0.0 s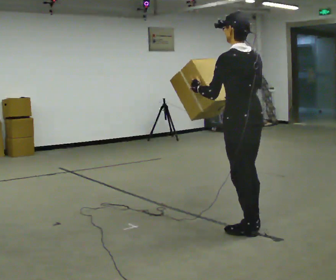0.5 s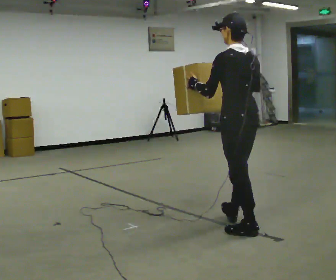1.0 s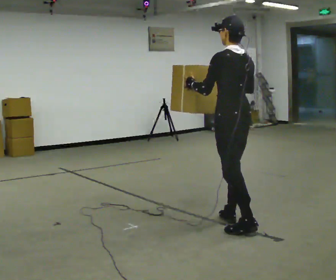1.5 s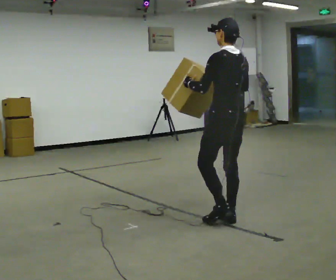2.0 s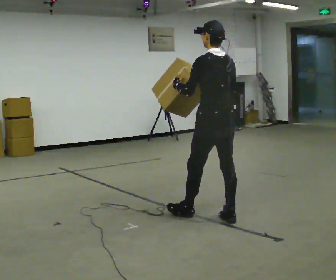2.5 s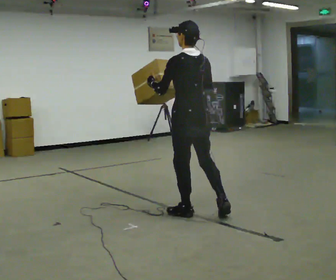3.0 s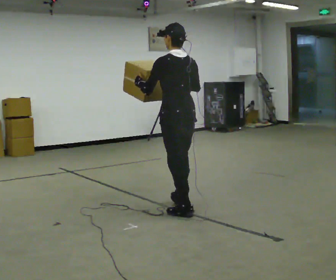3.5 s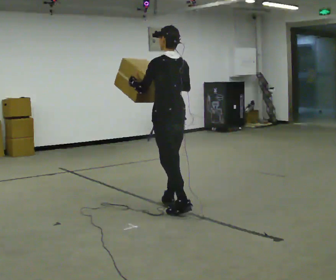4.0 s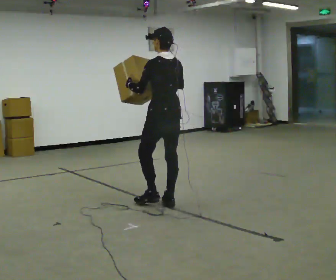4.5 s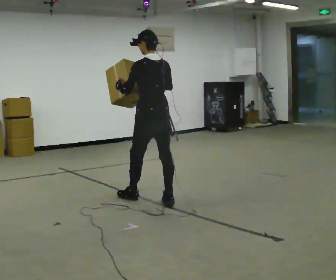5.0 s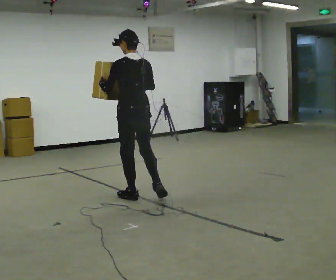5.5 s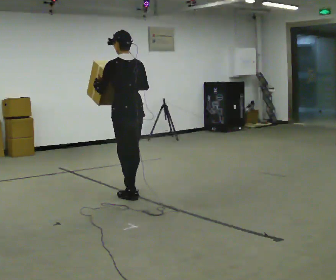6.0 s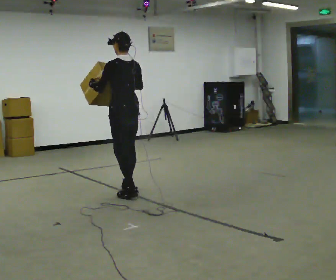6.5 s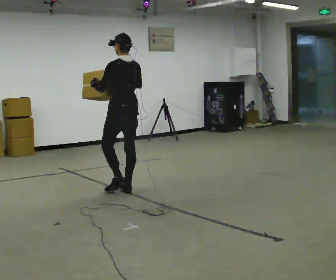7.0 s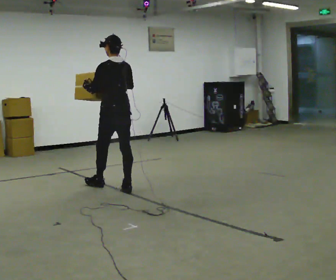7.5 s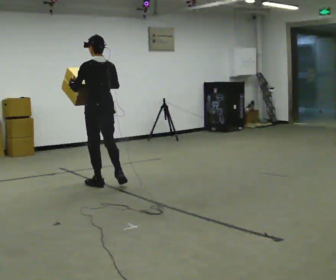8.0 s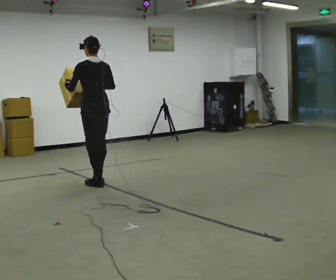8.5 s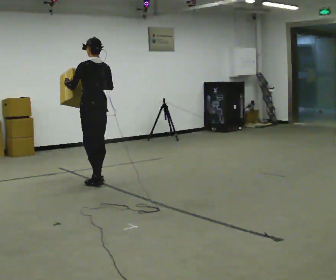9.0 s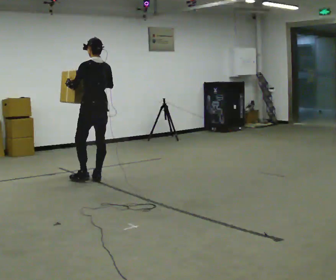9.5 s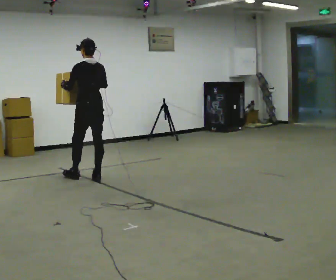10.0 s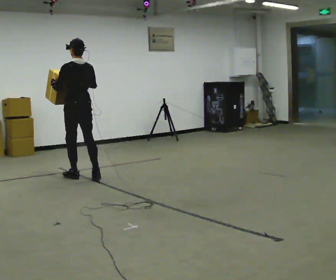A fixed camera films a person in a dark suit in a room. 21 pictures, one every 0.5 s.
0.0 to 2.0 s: In the picture they go away from the camera, about 0.5 m in 2 steps, which for them is forward and to their right.
2.0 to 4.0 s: In the picture they go away from the camera and to the left, about 0.75 m in 1 step, which for them is forward.
4.0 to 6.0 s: In the picture they go away from the camera and to the left, about 0.5 m in 2 steps, which for them is forward.
6.0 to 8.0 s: In the picture they go away from the camera and to the left, about 0.5 m in 2 steps, which for them is forward.
8.0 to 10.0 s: In the picture they go away from the camera and to the left, about 0.5 m in 1 step, which for them is forward.
The film runs forward here.
